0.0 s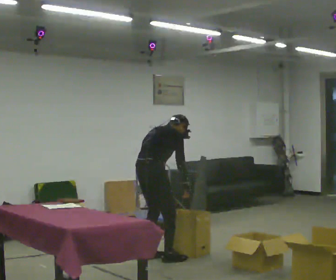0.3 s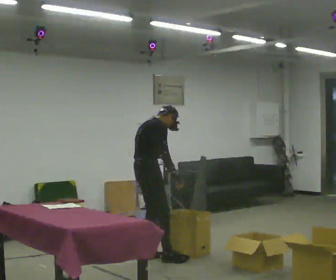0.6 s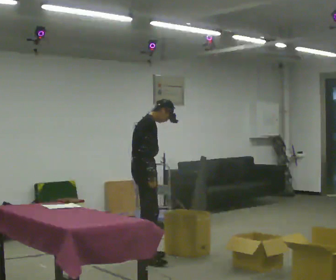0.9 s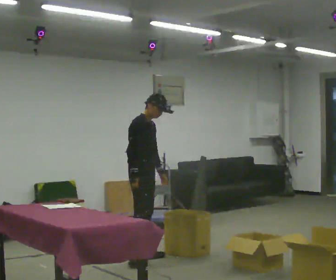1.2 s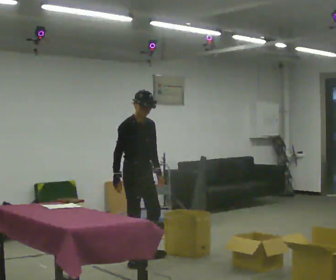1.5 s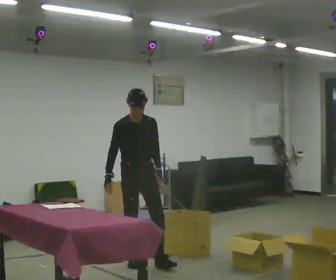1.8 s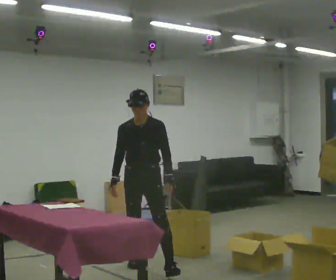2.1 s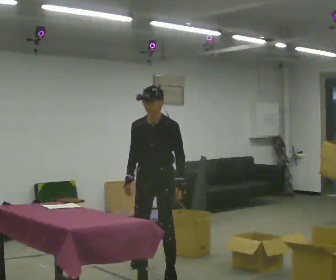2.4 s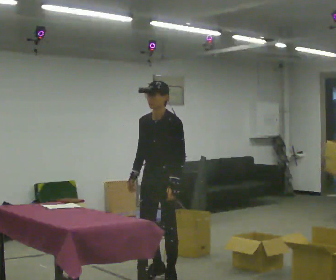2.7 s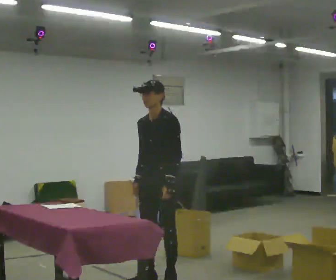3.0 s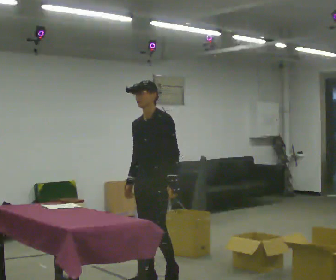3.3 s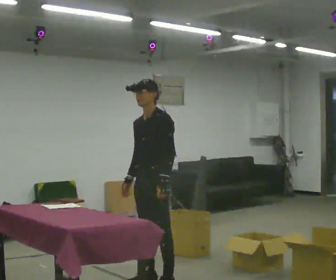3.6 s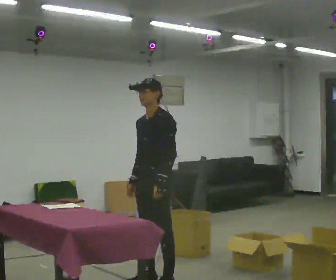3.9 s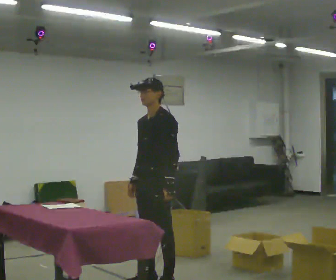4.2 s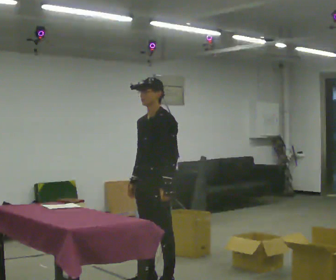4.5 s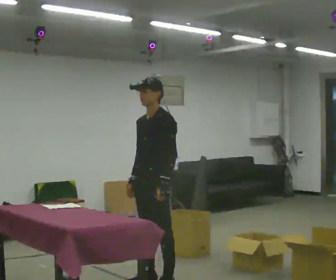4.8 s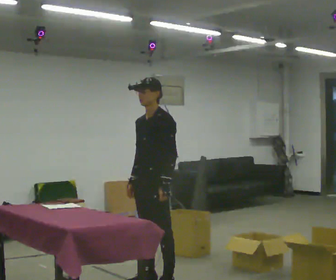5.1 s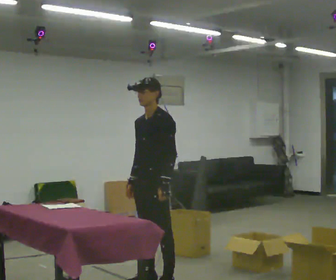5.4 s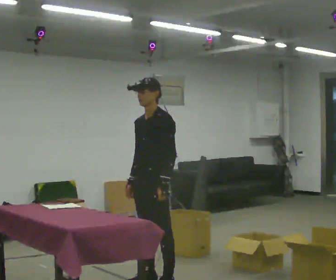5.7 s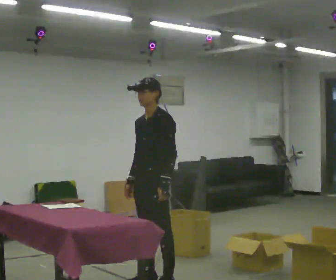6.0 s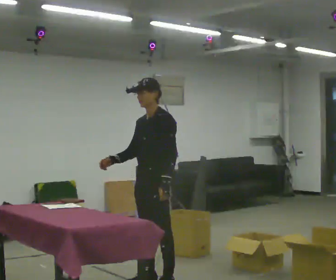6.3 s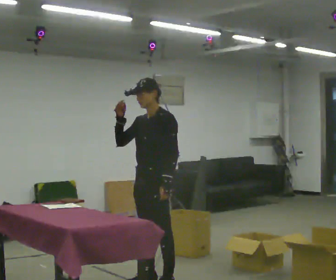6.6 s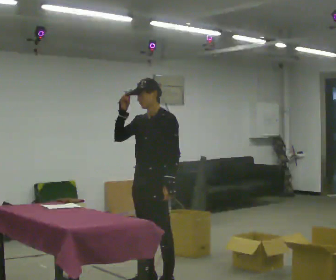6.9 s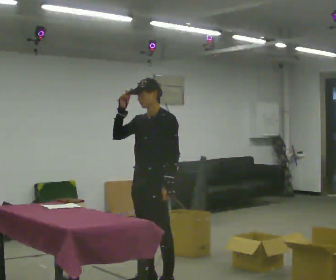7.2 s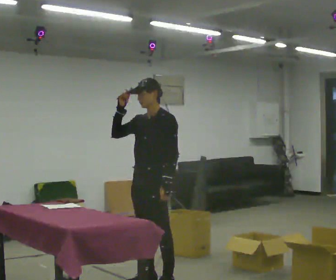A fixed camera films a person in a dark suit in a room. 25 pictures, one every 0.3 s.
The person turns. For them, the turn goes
to their right.
The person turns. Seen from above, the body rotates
clockwise.
0.0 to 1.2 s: The part of the body nearest the lens slides to the left as the person turns to their right by about 90 degrees. In the picture they go to the left, about 0.25 m in 1 step. In the picture the upper body tilts counterclockwise, shoulders to the left, as they lean back or straighten. In the picture their right hand goes to the left.
1.2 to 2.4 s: The part of the body nearest the lens slides to the left as the person turns to their right by about 90 degrees. In the picture they go toward the camera, about 0.75 m in 1 step.
2.4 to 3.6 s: In the picture they go toward the camera, about 0.25 m in 2 steps, which for them is forward.
3.6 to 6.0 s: The person moves a little, or ends about where they began.
6.0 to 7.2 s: In the picture their right hand goes upward.
The film runs forward here.
